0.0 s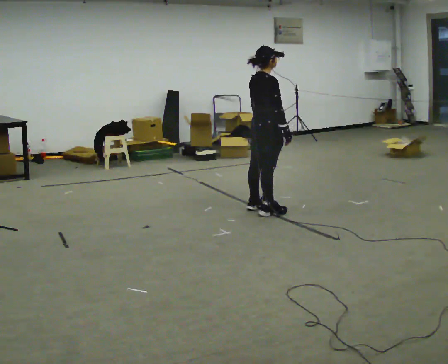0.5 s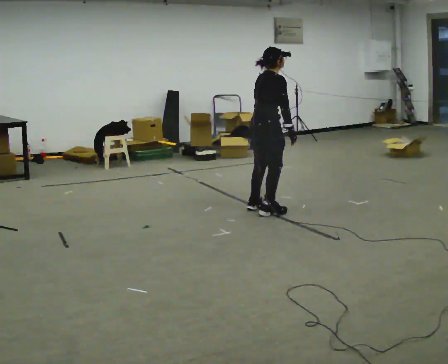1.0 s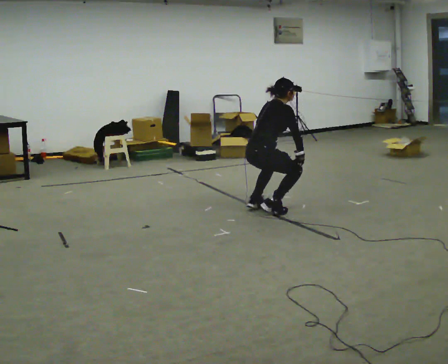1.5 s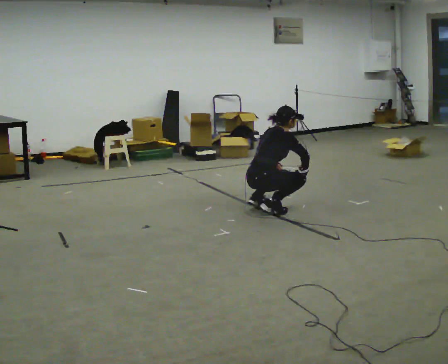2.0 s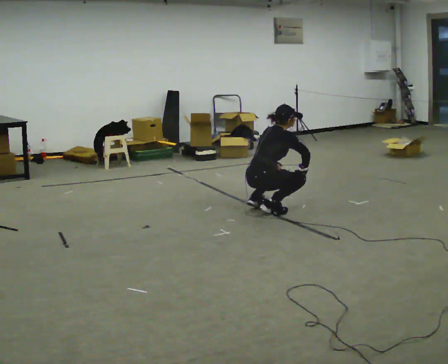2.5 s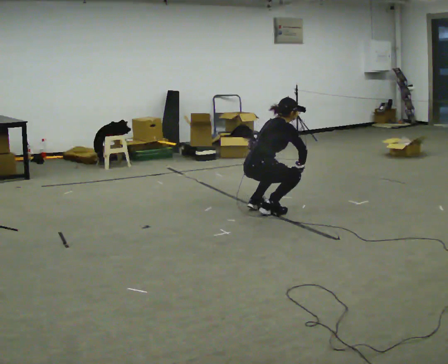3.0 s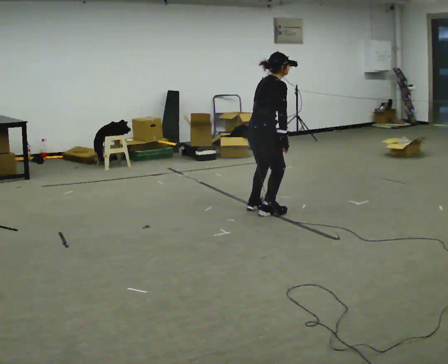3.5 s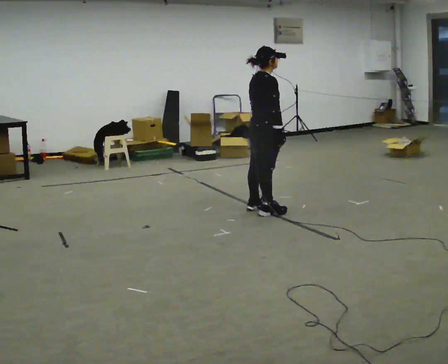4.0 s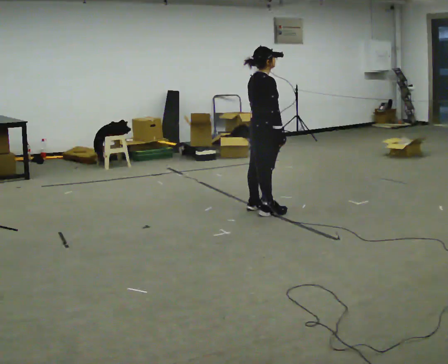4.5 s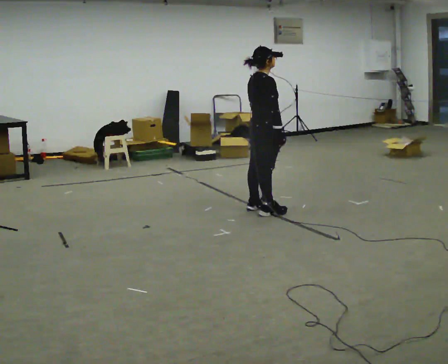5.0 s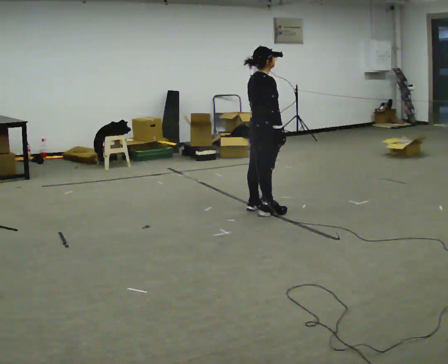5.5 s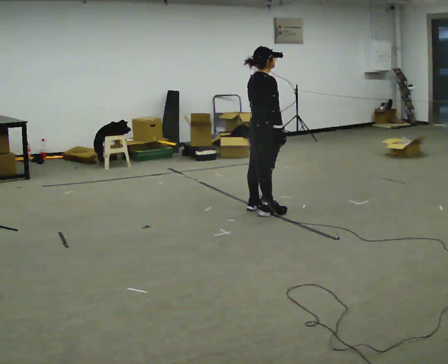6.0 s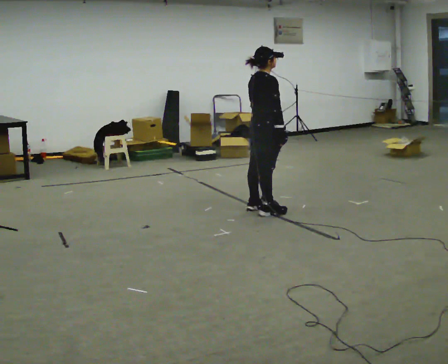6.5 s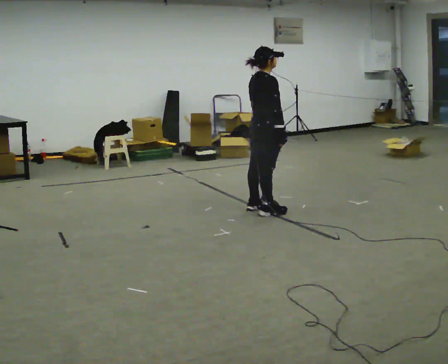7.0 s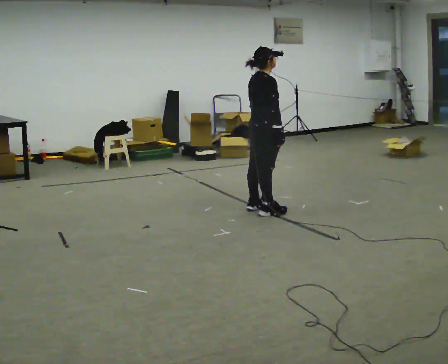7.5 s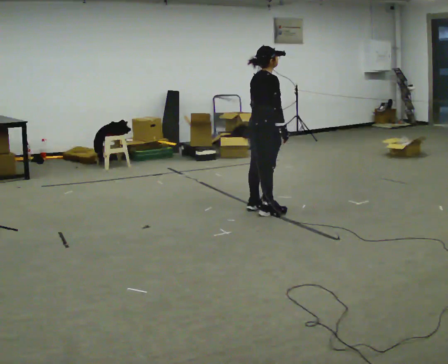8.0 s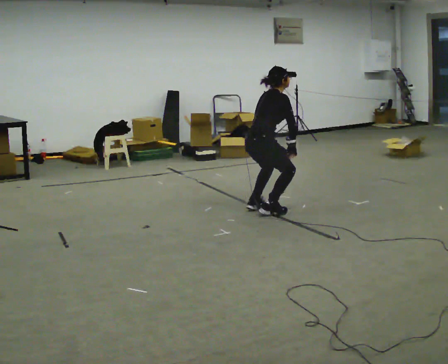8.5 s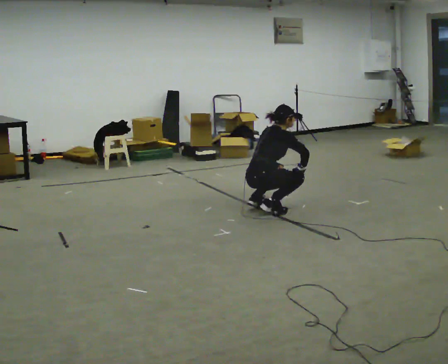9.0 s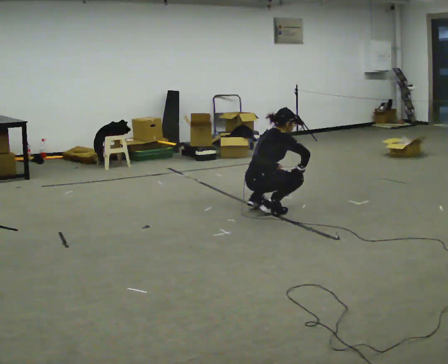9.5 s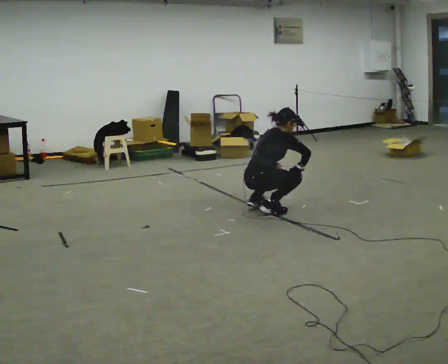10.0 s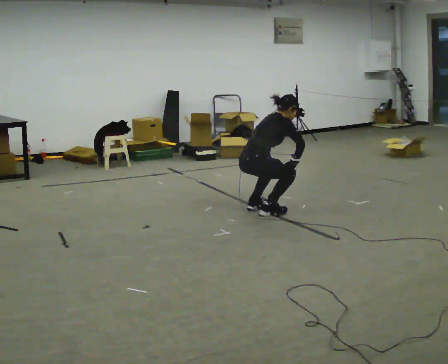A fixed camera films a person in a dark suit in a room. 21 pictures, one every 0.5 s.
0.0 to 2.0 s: The shoulders move downward. In the picture the upper body tilts clockwise, shoulders to the right, as they bend forward. In the picture their left hand goes downward.
2.0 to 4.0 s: The upper body goes upward. In the picture their left hand goes upward.
4.0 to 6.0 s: The person keeps their place and pose.
6.0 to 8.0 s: In the picture the upper body tilts clockwise, shoulders to the right, as they bend forward.
8.0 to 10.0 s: The person moves a little, or ends about where they began.
The film runs backward here.
